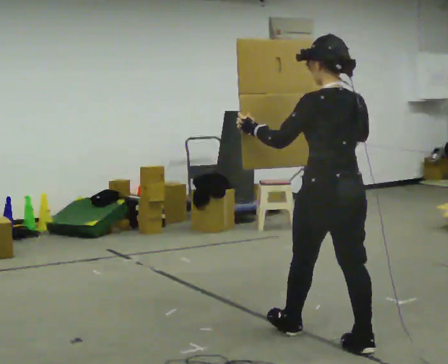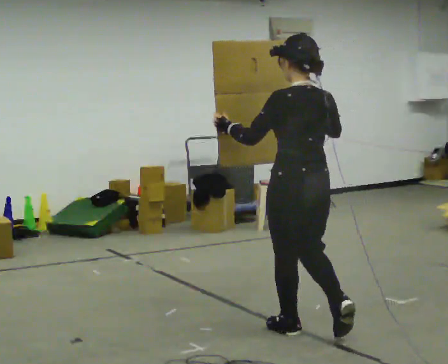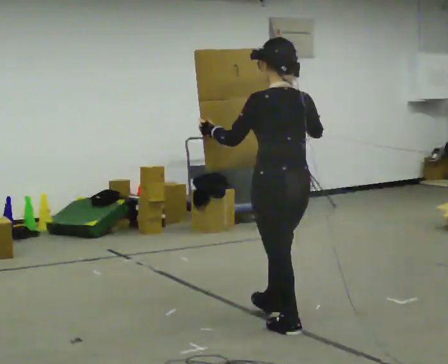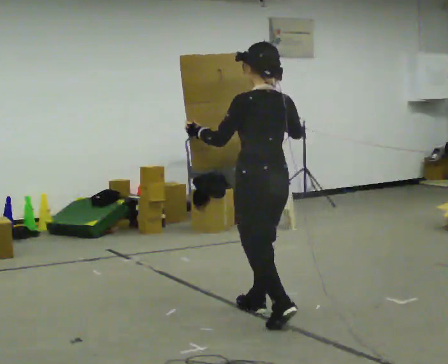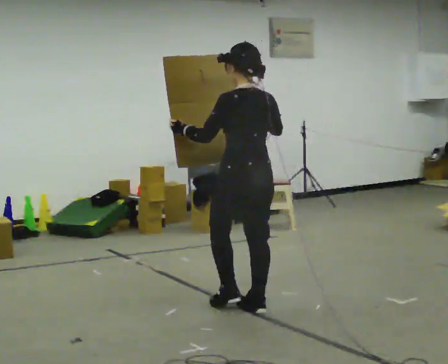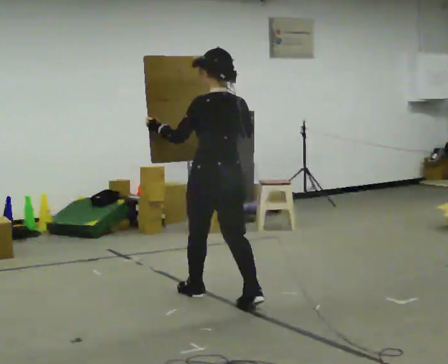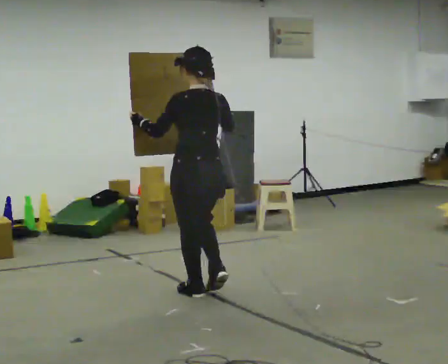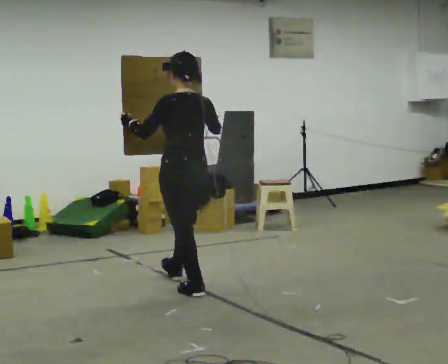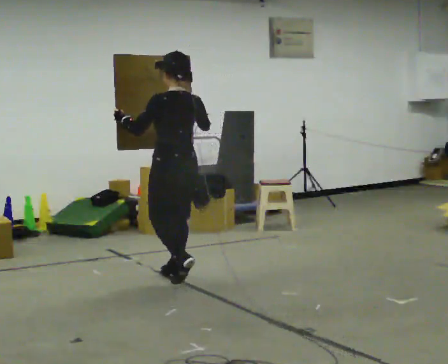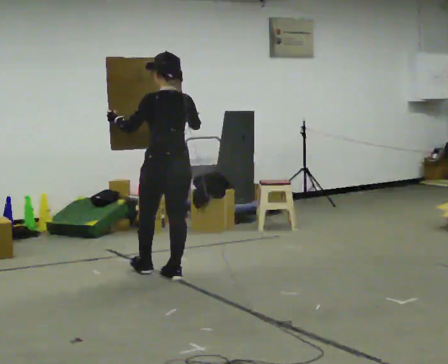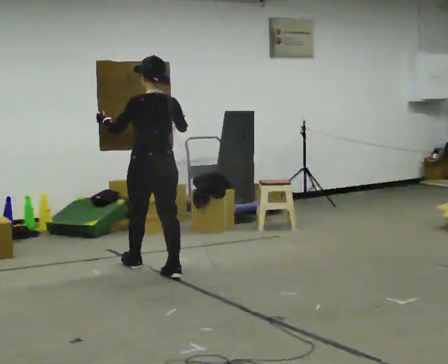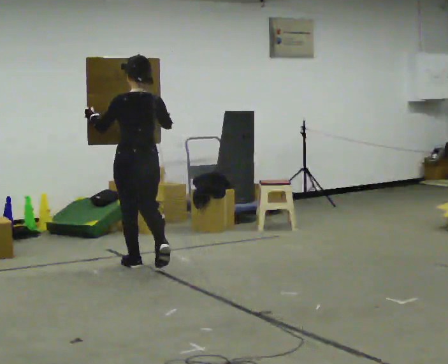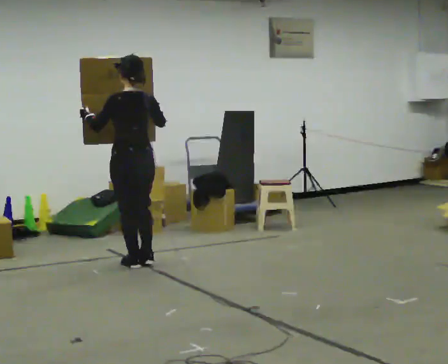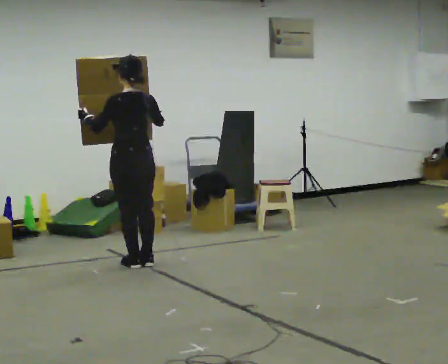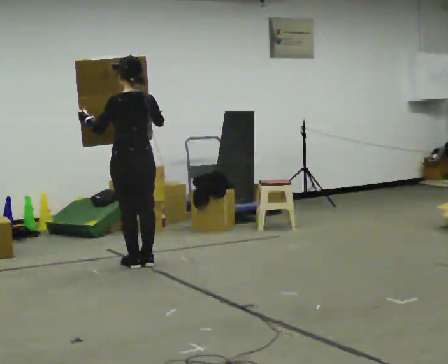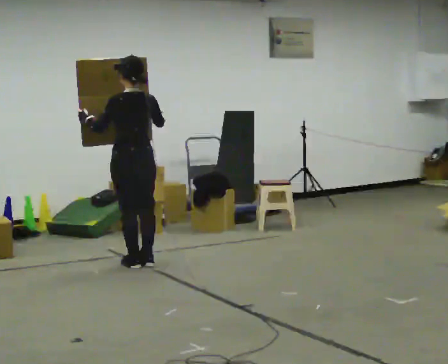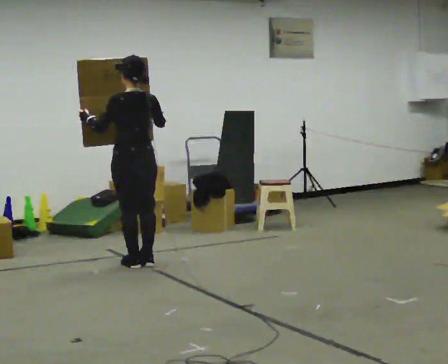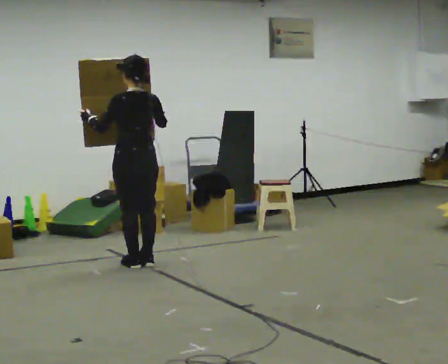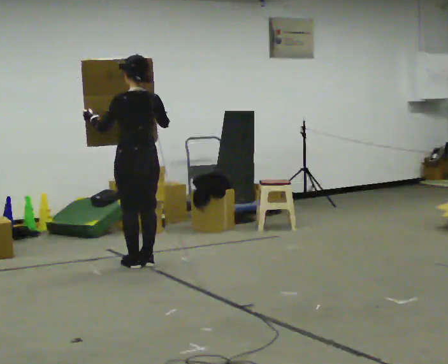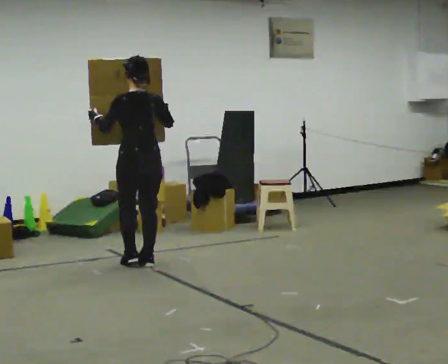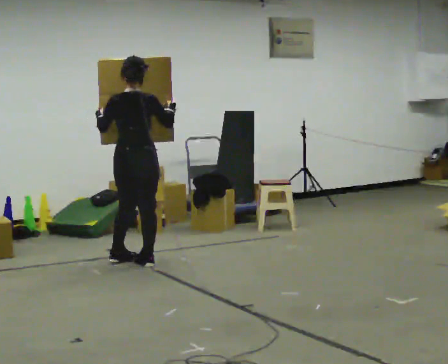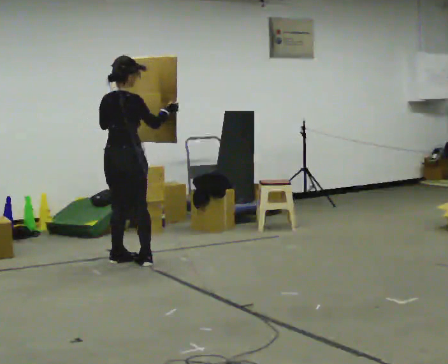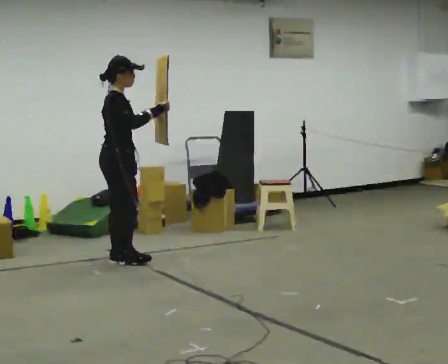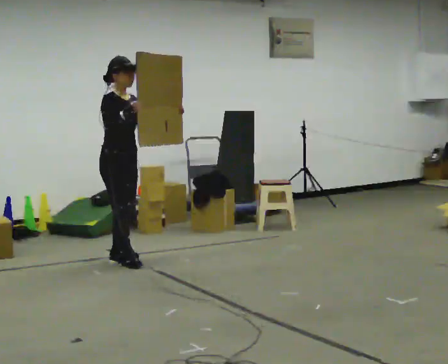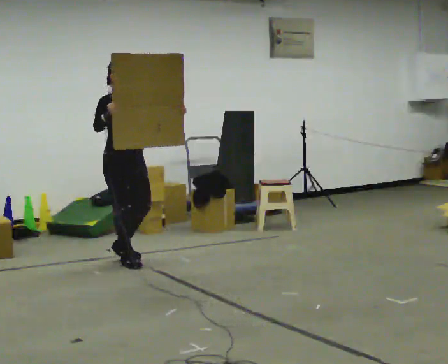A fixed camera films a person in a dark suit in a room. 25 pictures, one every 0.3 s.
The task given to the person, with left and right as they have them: Carry the large panel across the room. It will block your view ahead, so take whatever route feels safe. Keep going until the operator says stop; one object at a time, and do not rush between trips.
0.0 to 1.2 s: In the picture they go away from the camera and to the left, about 1 m in 1 step, which for them is forward.
1.2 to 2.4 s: In the picture they go away from the camera and to the left, about 1 m in 2 steps, which for them is forward.
2.4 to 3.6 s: In the picture they go away from the camera and to the left, about 0.5 m in 2 steps, which for them is forward.
3.6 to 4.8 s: The person moves a little, or ends about where they began.
4.8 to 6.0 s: The part of the body nearest the lens slides to the left as the person turns to their right by about 30 degrees.
6.0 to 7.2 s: The person turns about 135 degrees to their right, clockwise seen from above, so the part of the body nearest the lens slides to the left. In the picture their left hand goes to the right.
The film runs forward here.
